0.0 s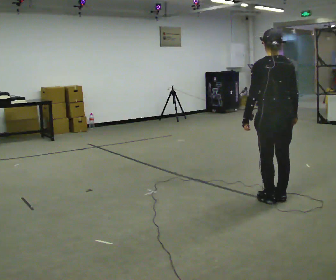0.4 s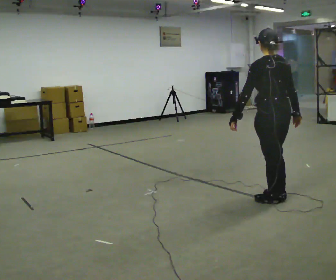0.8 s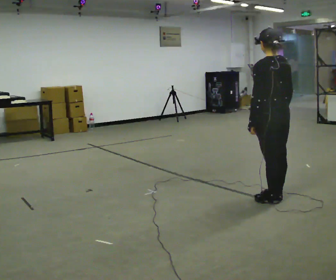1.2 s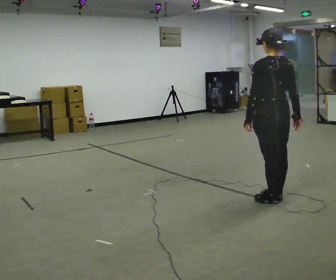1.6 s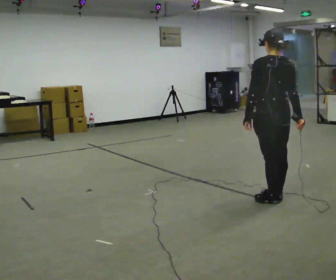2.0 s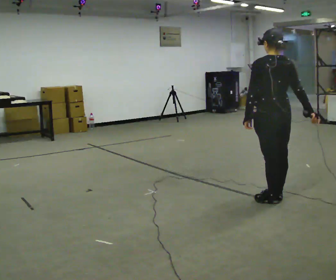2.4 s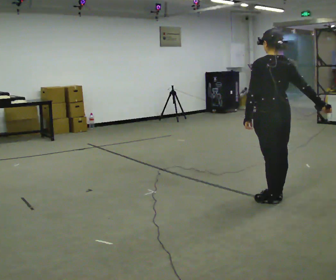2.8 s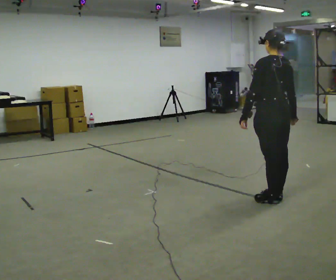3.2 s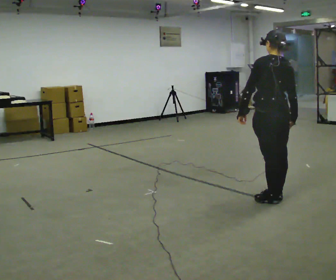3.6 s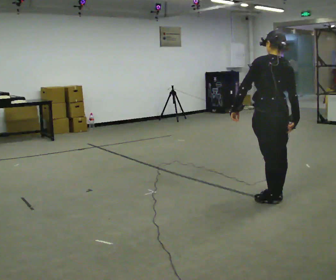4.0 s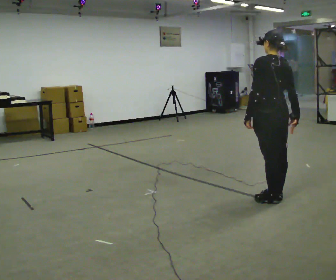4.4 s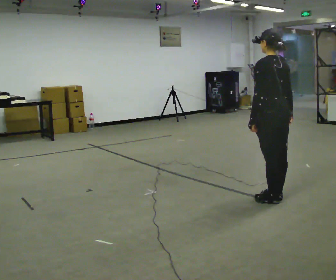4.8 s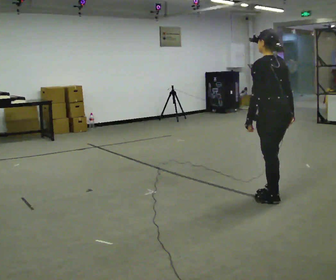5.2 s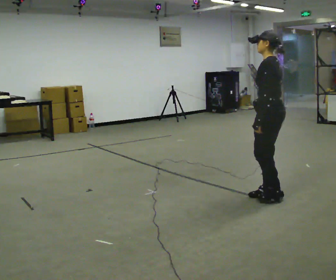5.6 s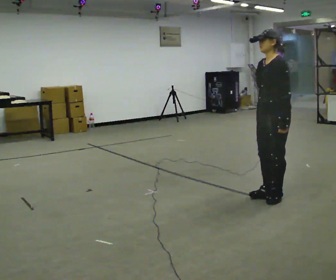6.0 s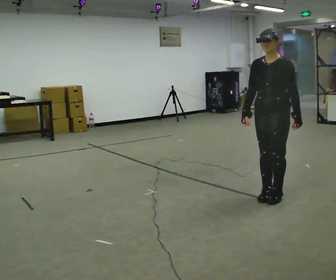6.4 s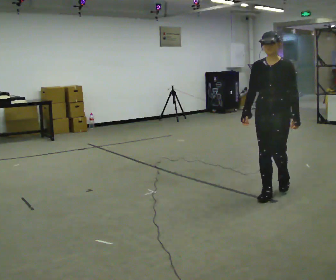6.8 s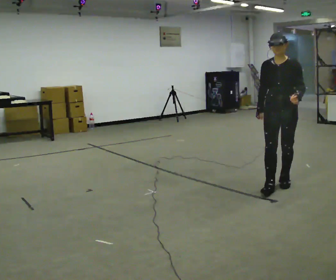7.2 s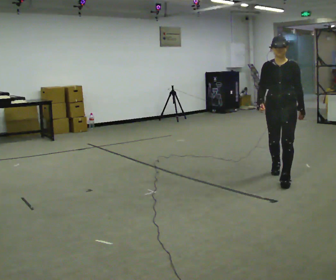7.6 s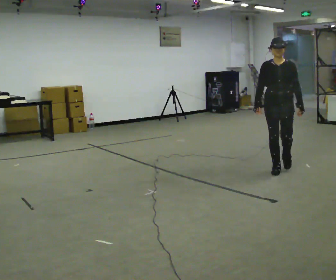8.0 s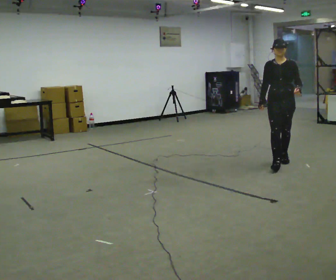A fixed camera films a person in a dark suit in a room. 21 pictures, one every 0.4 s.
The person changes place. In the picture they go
away from the camera.
The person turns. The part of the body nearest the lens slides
to the right.
0.0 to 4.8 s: The part of the body nearest the lens slides to the right as the person turns to their left by about 30 degrees.
4.8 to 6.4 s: The person turns about 105 degrees to their left, counterclockwise seen from above, so the part of the body nearest the lens slides to the right. In the picture they go away from the camera, about 0.25 m in 1 step. In the picture their right hand goes to the left, the arm swinging clockwise.
6.4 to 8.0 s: In the picture they go away from the camera, about 1 m in 3 steps, which for them is backward.
The film runs backward here.
